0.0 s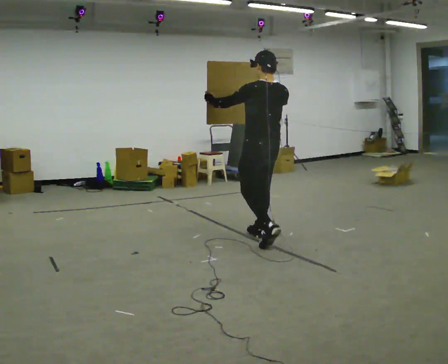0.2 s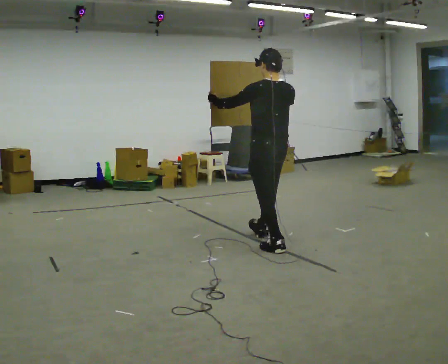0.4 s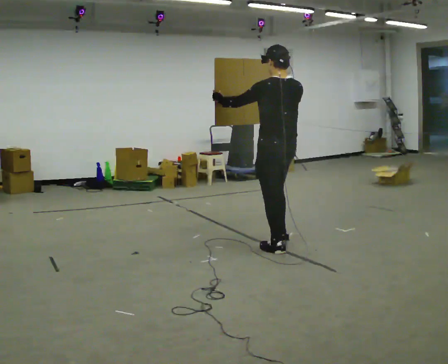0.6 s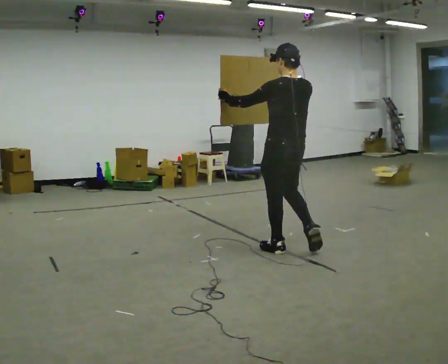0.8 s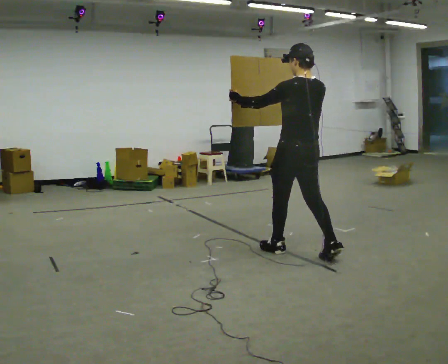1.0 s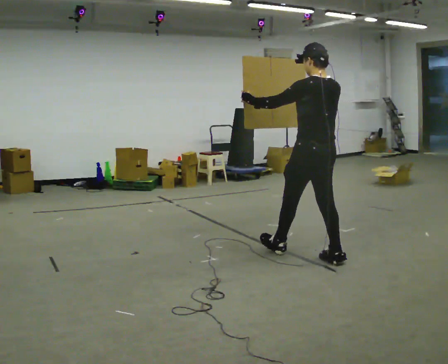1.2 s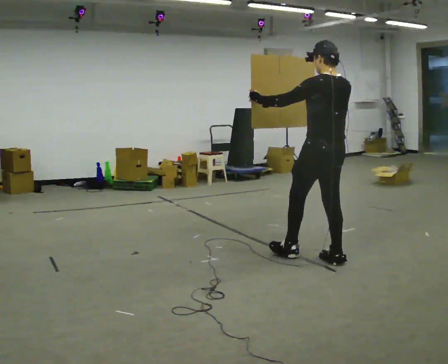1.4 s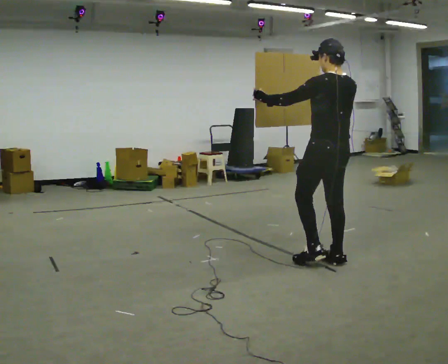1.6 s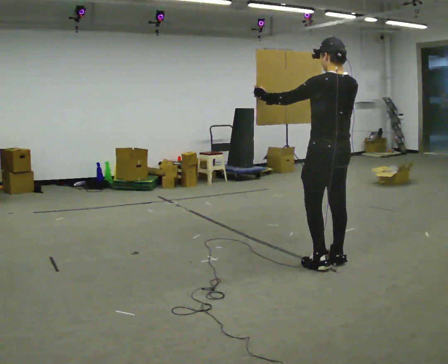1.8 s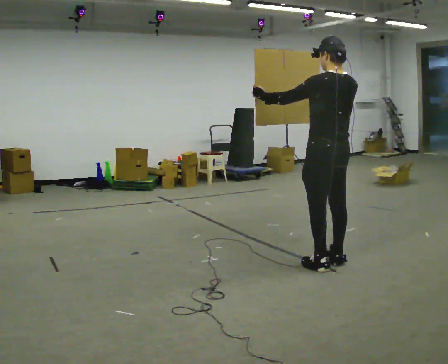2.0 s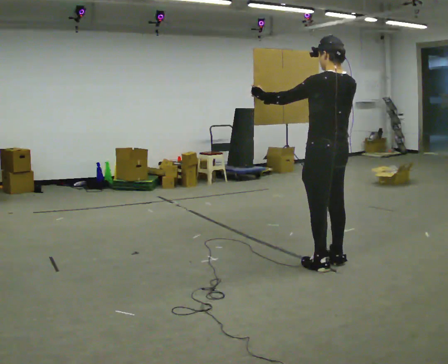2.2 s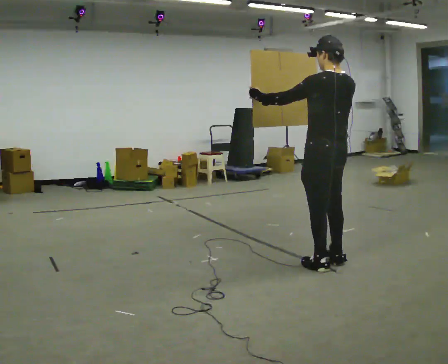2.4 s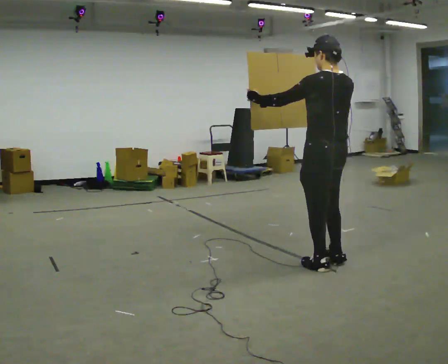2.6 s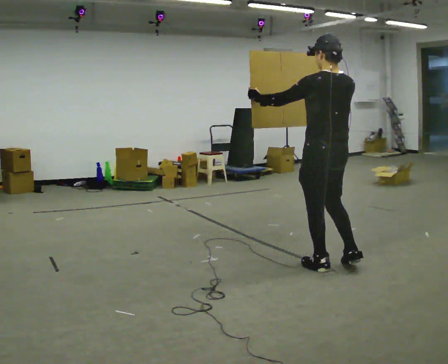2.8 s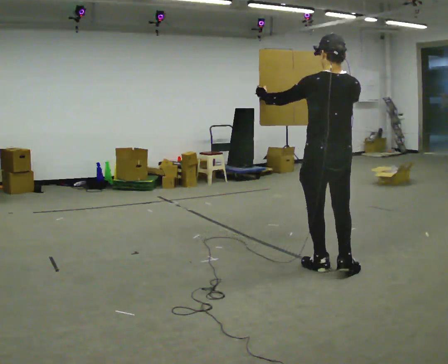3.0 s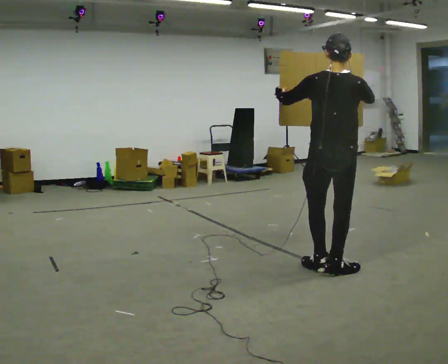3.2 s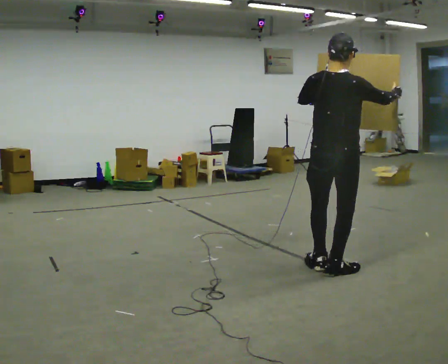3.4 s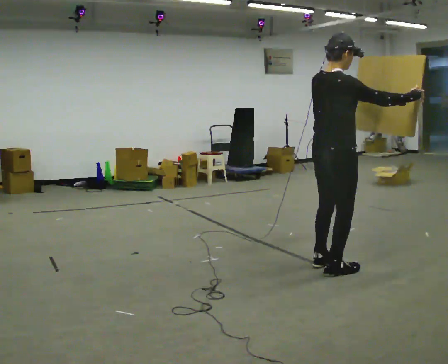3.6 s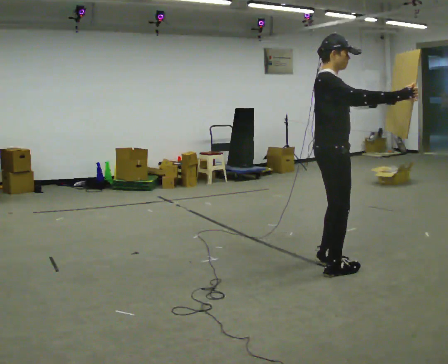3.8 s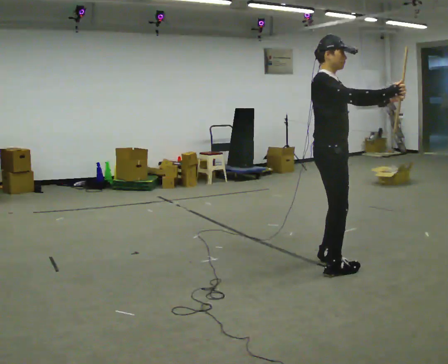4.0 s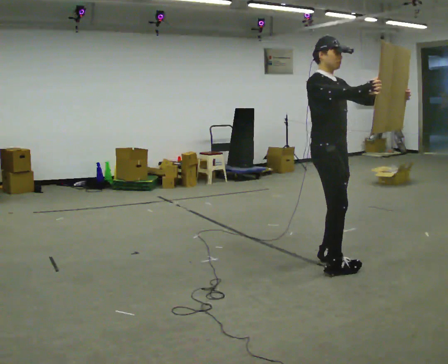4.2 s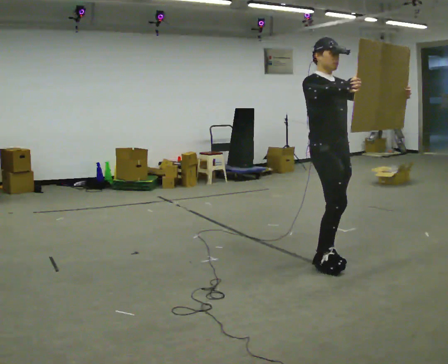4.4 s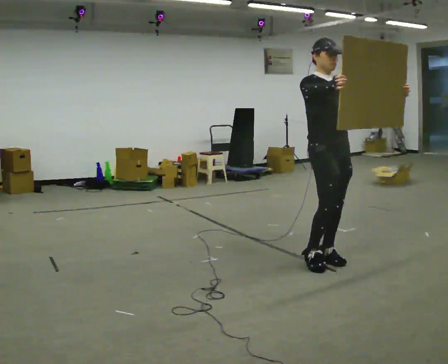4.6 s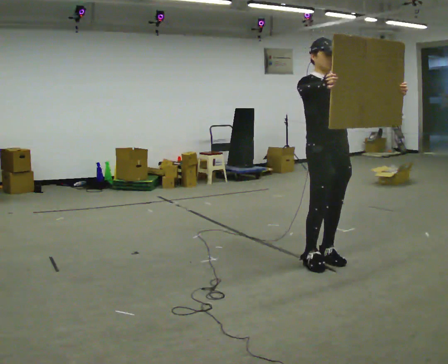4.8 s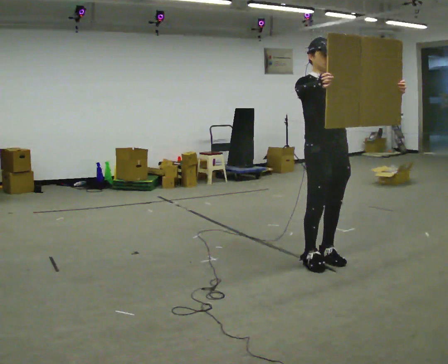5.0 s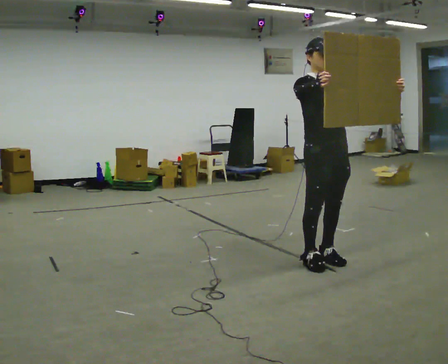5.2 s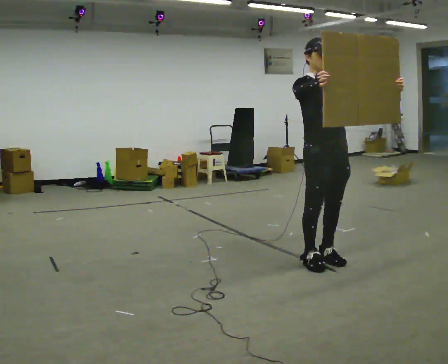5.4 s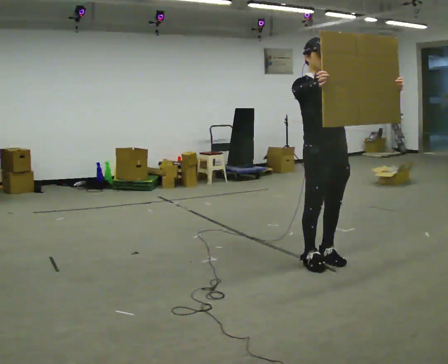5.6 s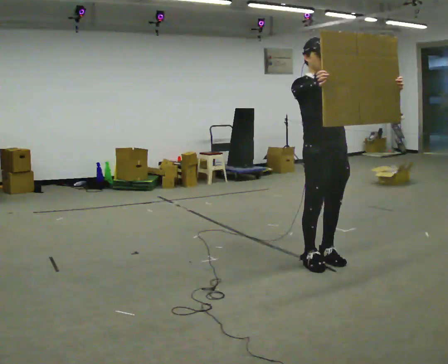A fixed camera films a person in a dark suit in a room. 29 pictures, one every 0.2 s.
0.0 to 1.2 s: In the picture they go to the right and toward the camera, about 1 m in 2 steps, which for them is backward.
1.2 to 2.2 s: The person moves a little, or ends about where they began.
2.2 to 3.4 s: Seen from above the body turns clockwise, about 90 degrees: to their right, with its near side sliding to the left. In the picture they go toward the camera, about 0.25 m in 2 steps. In the picture their right hand goes to the right.
3.4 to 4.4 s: Seen from above the body turns clockwise, about 90 degrees: to their right, with its near side sliding to the left. In the picture they go away from the camera, about 0.25 m in 1 step. In the picture their right hand goes to the left.
4.4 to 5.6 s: The person moves a little, or ends about where they began.
The film runs backward here.
